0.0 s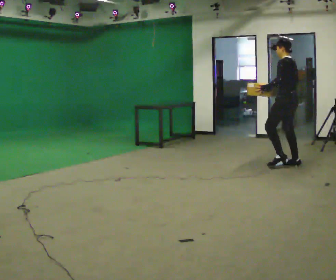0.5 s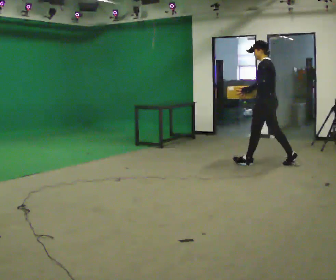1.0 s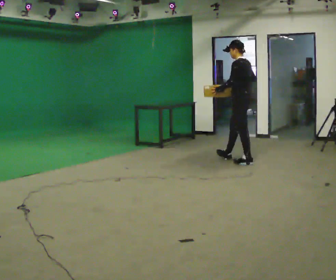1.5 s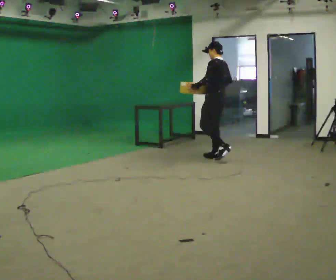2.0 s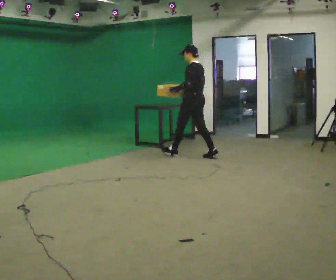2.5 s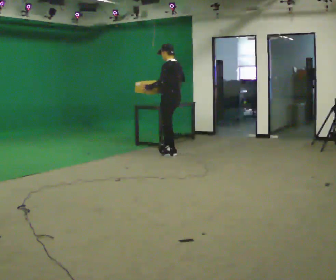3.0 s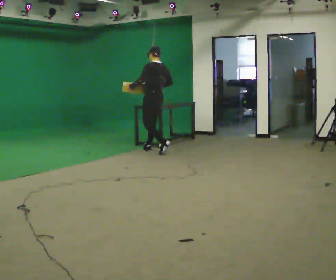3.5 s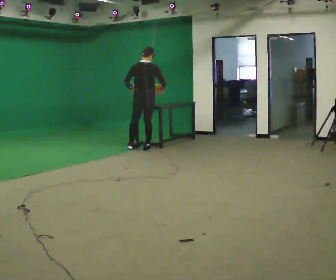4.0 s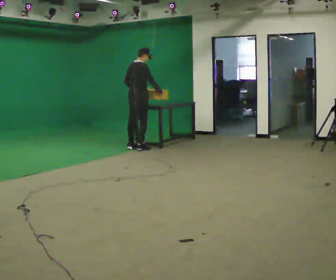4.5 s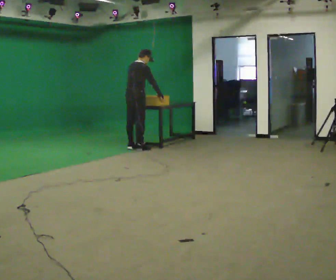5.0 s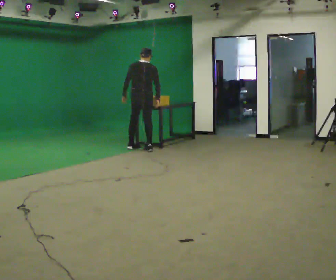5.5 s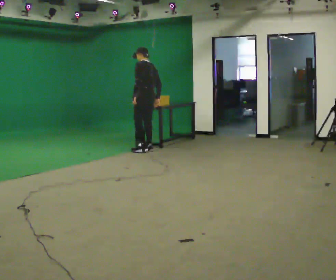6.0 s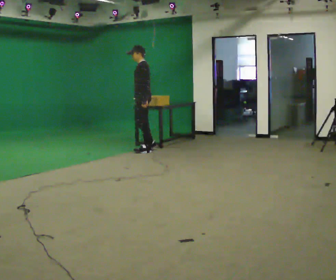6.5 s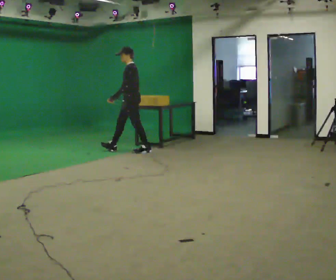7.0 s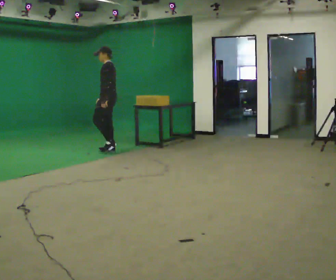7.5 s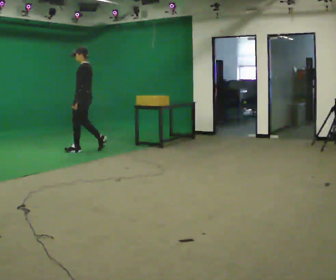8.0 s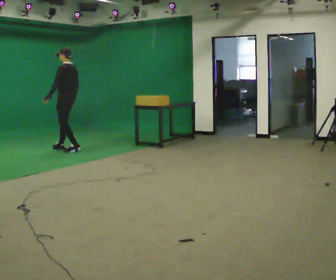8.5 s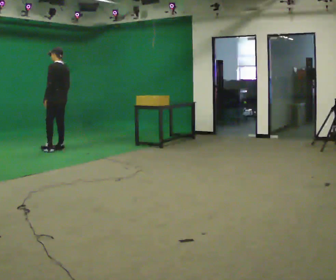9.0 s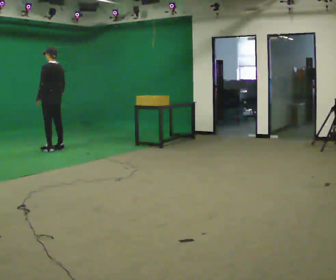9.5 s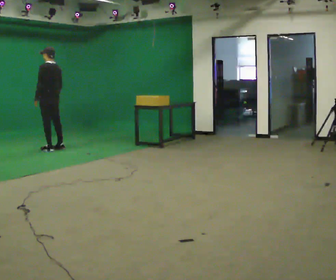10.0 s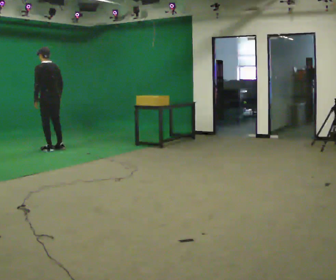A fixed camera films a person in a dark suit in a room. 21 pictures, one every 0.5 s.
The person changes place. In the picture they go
to the left.
0.0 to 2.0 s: In the picture they go to the left and away from the camera, about 1.5 m in 3 steps, which for them is forward.
2.0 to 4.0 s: Seen from above the body turns clockwise, about 105 degrees: to their right, with its near side sliding to the left. In the picture they go to the left and away from the camera, about 1 m in 3 steps.
4.0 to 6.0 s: The part of the body nearest the lens slides to the right as the person turns to their left by about 135 degrees. In the picture they go toward the camera, about 0.25 m in 2 steps.
6.0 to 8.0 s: Seen from above the body turns clockwise, about 30 degrees: to their right, with its near side sliding to the left. In the picture they go to the left, about 1.5 m in 3 steps, which for them is forward.
8.0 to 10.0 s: In the picture they go to the left, about 0.25 m in 1 step, which for them is forward and to their left.
The film runs forward here.
